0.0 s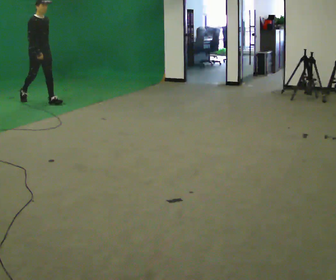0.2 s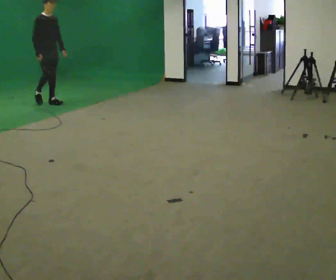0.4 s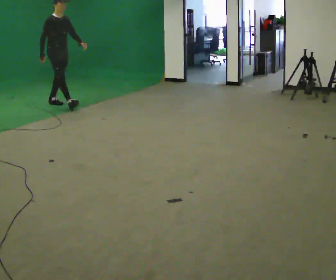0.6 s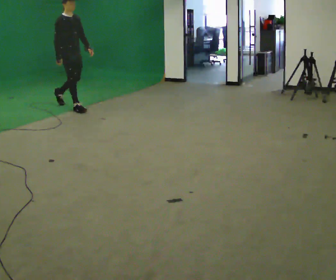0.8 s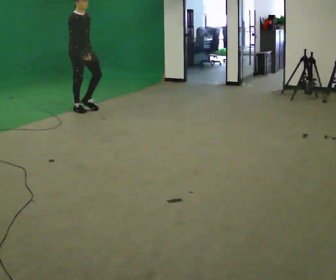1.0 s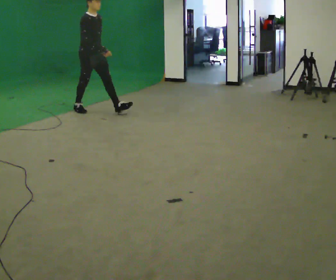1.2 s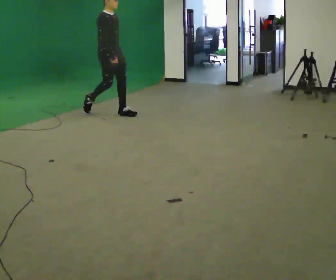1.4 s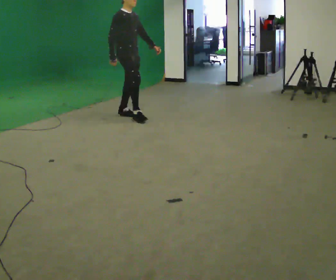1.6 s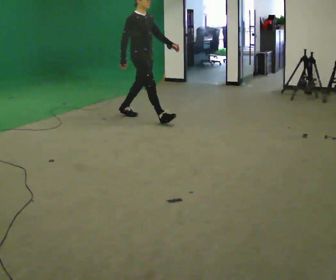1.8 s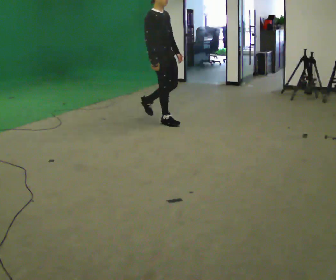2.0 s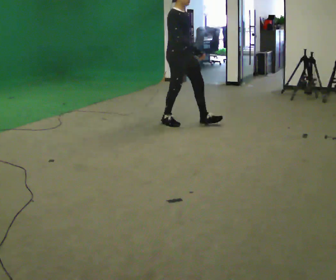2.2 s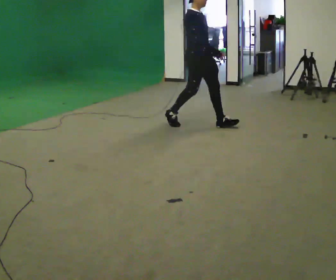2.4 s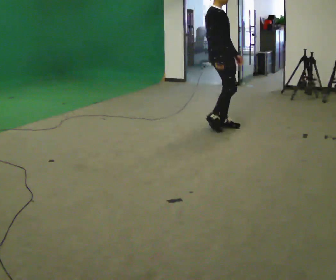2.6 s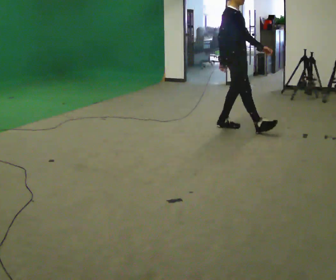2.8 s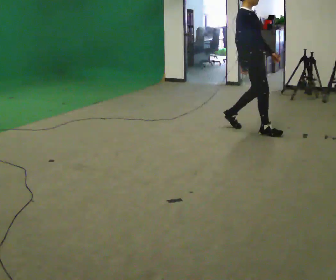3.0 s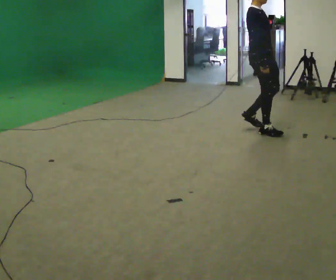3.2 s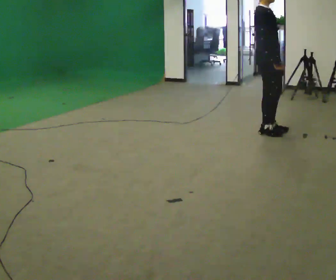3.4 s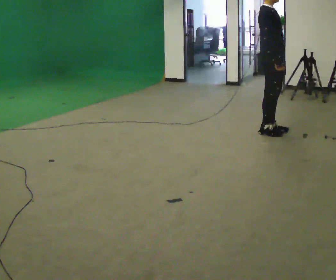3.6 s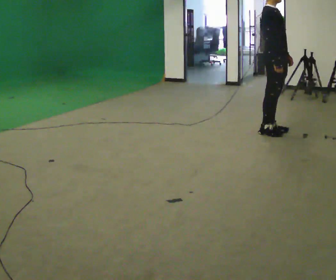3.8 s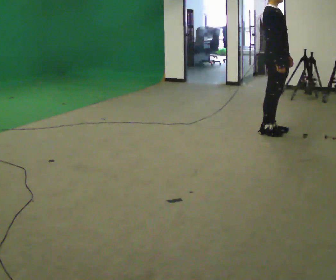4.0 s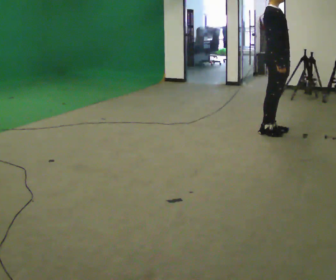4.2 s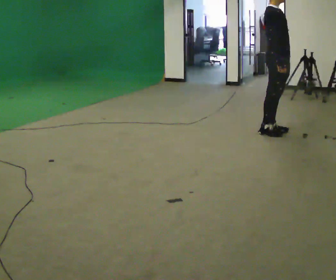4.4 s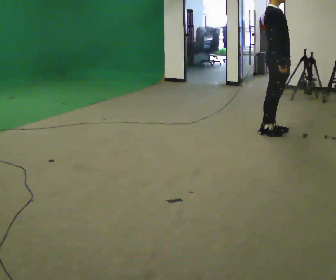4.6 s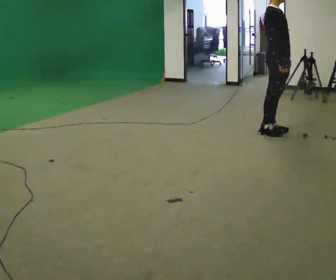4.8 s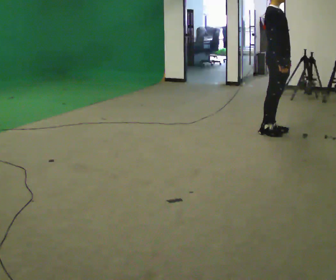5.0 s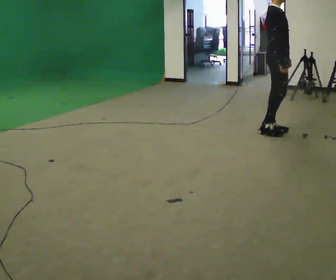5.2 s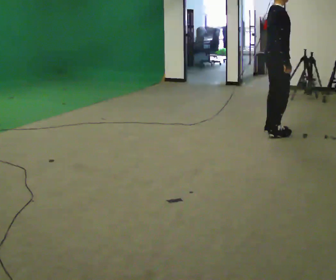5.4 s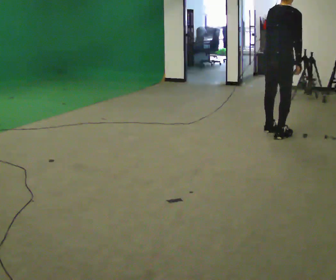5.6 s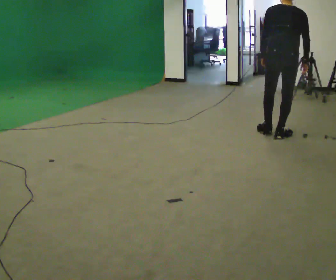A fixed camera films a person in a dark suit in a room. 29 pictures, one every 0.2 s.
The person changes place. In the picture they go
to the right.
0.0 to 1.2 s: In the picture they go to the right, about 1.5 m in 2 steps, which for them is forward.
1.2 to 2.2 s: In the picture they go to the right, about 1.5 m in 2 steps, which for them is forward.
2.2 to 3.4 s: In the picture they go to the right, about 1 m in 2 steps, which for them is forward.
3.4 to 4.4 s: The person moves a little, or ends about where they began.
4.4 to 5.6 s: Seen from above the body turns counterclockwise, about 105 degrees: to their left, with its near side sliding to the right.
The film runs forward here.
